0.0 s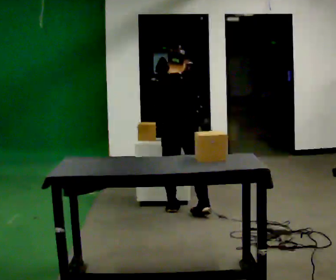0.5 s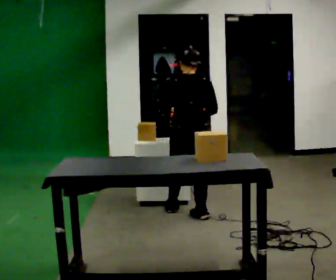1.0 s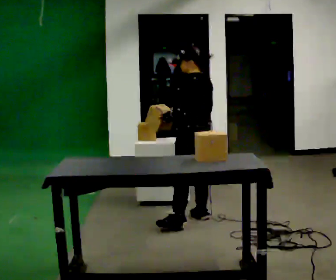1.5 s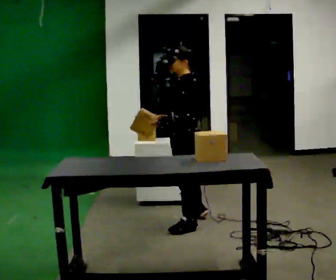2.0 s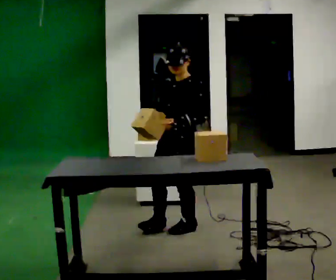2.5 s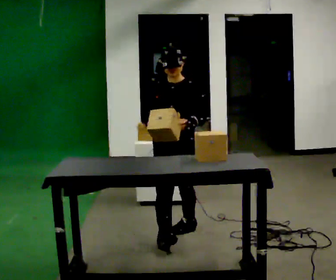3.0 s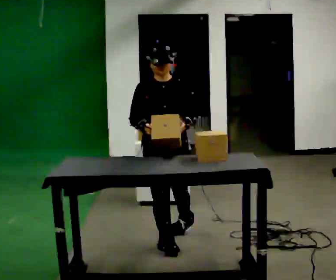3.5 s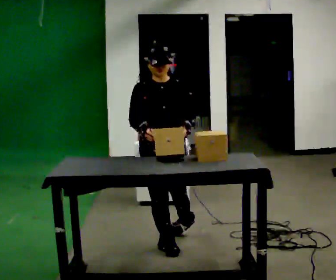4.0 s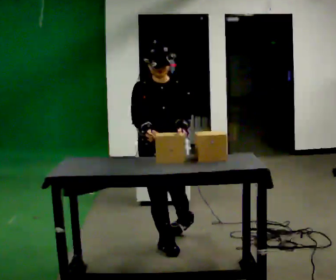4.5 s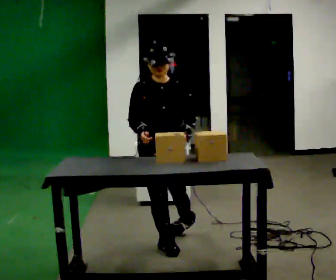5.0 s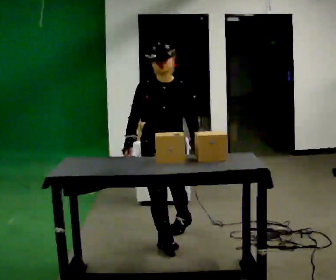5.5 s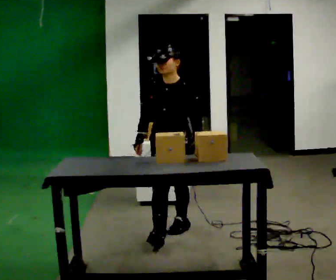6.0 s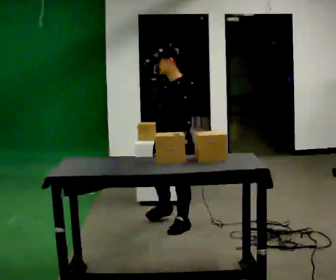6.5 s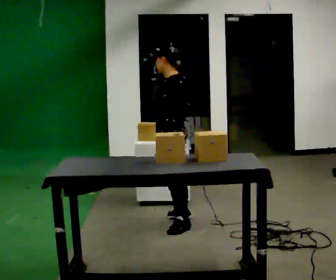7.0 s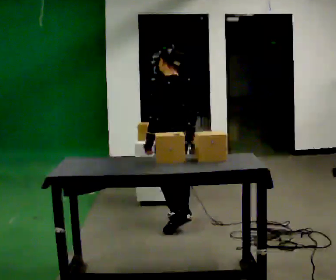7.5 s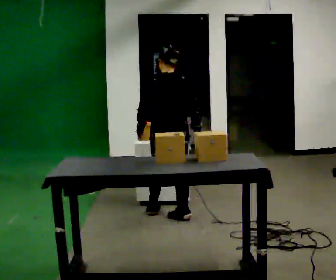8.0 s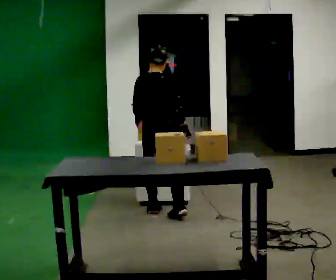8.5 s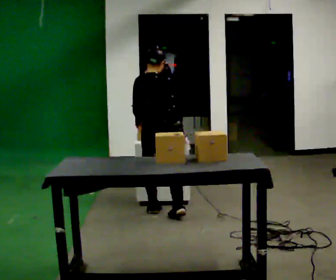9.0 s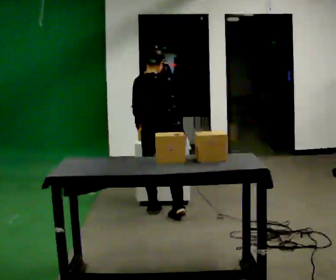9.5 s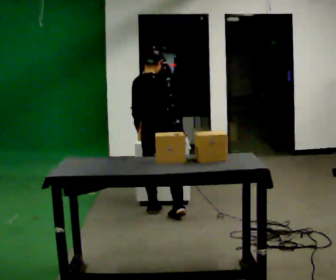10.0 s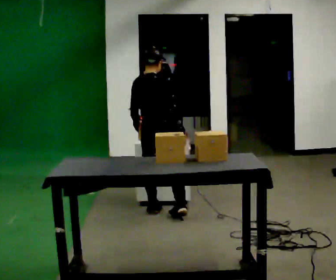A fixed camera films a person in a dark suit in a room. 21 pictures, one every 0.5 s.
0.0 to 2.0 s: The person turns about 150 degrees to their left, counterclockwise seen from above, so the part of the body nearest the lens slides to the right. In the picture they go toward the camera, about 0.5 m in 1 step.
2.0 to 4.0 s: The person turns about 60 degrees to their left, counterclockwise seen from above, so the part of the body nearest the lens slides to the right. In the picture they go toward the camera, about 0.5 m in 2 steps, which for them is forward and to their right.
4.0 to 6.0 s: The person turns about 75 degrees to their right, clockwise seen from above, so the part of the body nearest the lens slides to the left. In the picture they go away from the camera, about 0.5 m.
6.0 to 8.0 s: The person turns about 135 degrees to their right, clockwise seen from above, so the part of the body nearest the lens slides to the left. In the picture they go away from the camera, about 0.5 m in 2 steps.
8.0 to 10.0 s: The person moves a little, or ends about where they began.
The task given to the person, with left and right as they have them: 1. Move all 12 boxes from the shelf at one end of the room to the shelf at the other end. 2. The cart is not available today, so carry them. 3. Tell the operator when you are finished.
The film runs forward here.
